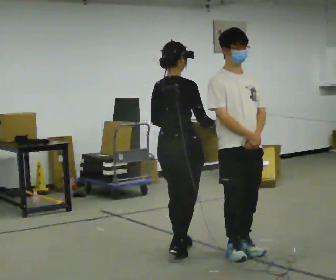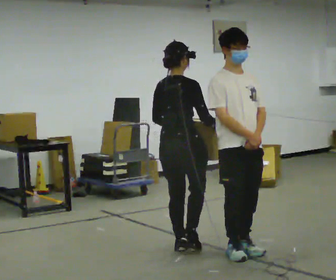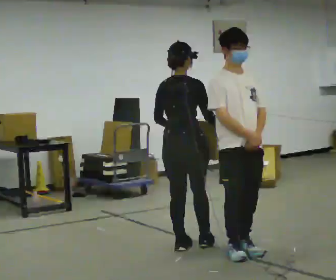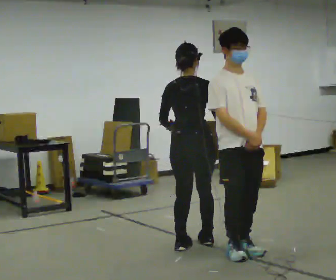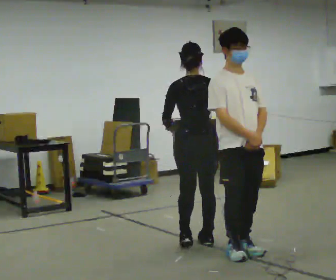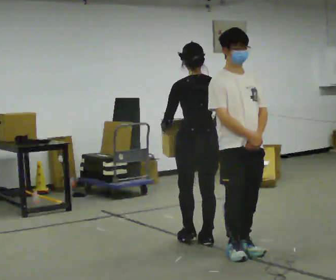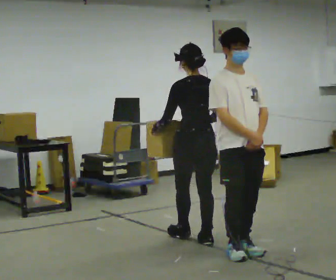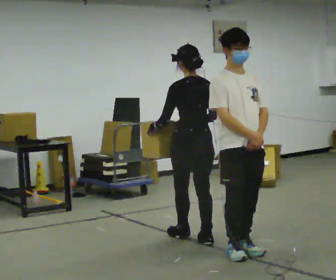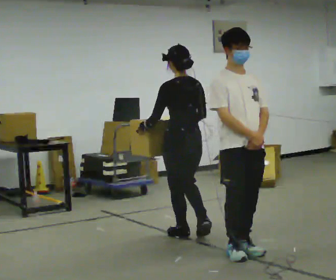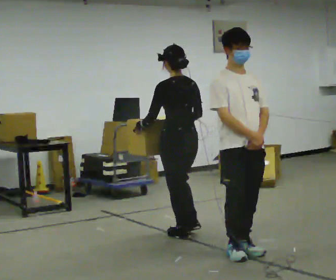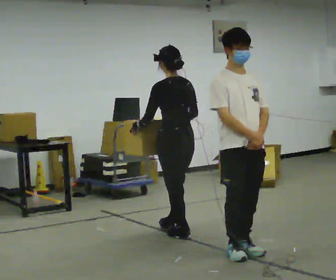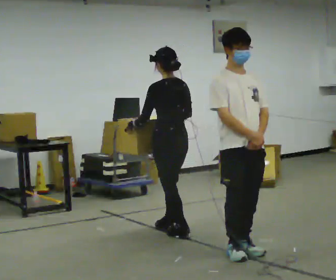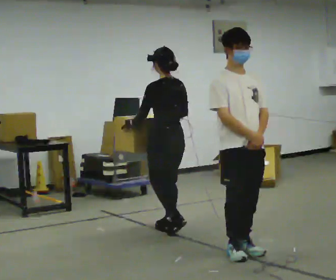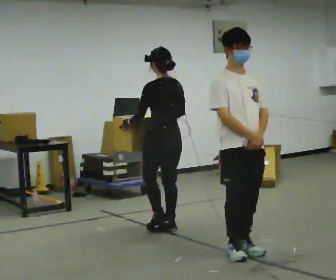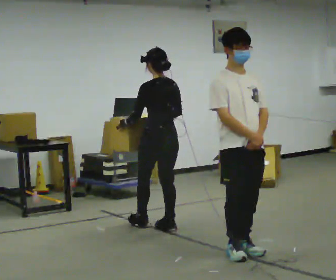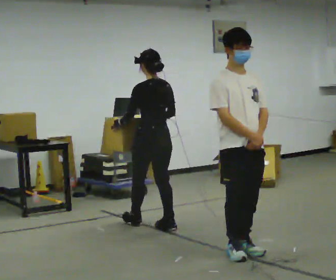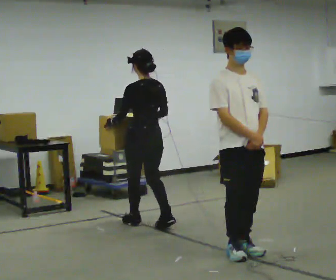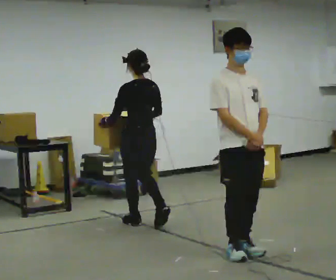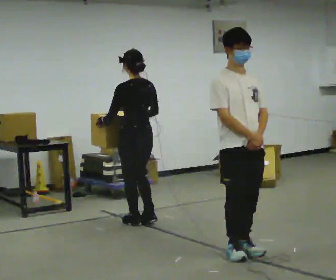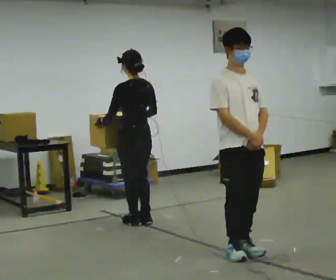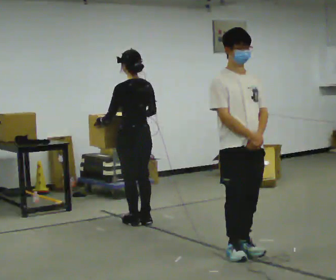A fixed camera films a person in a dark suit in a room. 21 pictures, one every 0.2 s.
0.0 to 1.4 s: Seen from above the body turns counterclockwise, about 60 degrees: to their left, with its near side sliding to the right. In the picture they go away from the camera, about 0.25 m in 2 steps.
1.4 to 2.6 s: In the picture they go away from the camera and to the left, about 0.5 m in 1 step, which for them is forward.
2.6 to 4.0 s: In the picture they go to the left and away from the camera, about 0.5 m in 2 steps, which for them is forward.
The film runs forward here.
